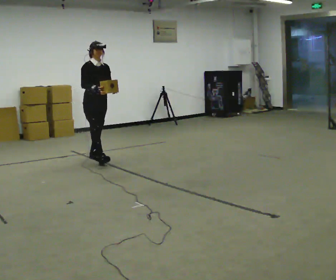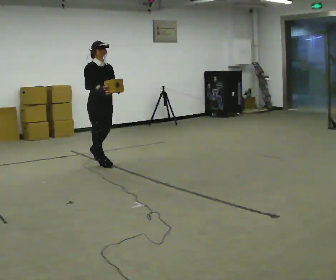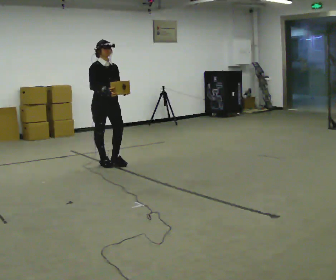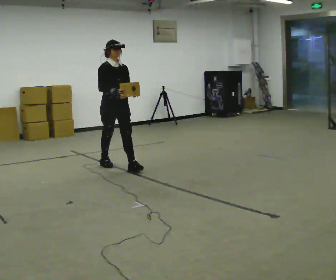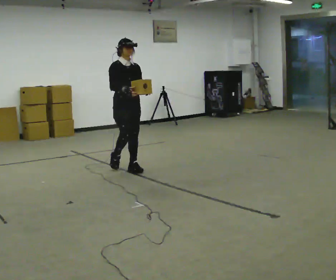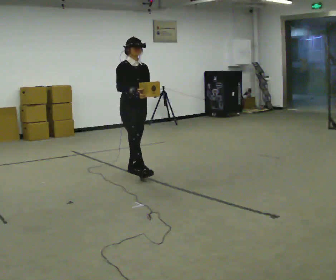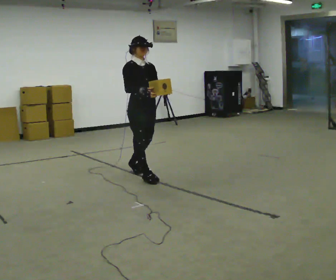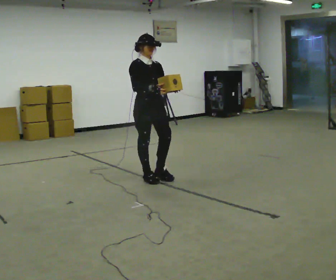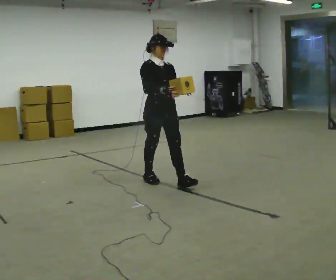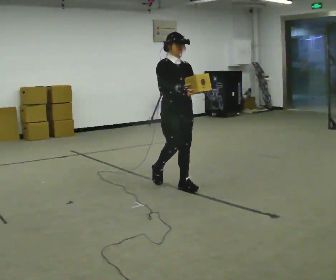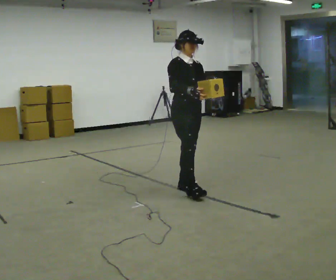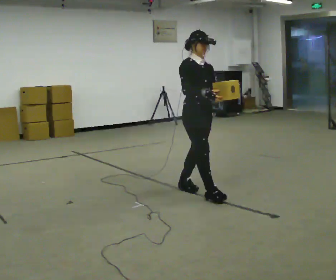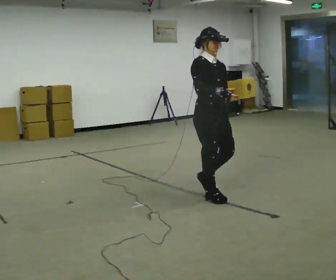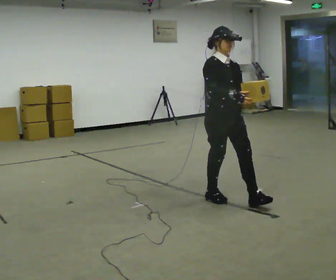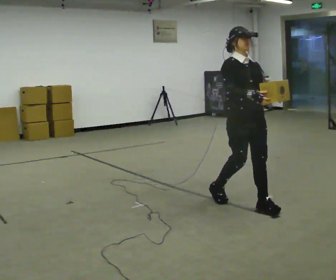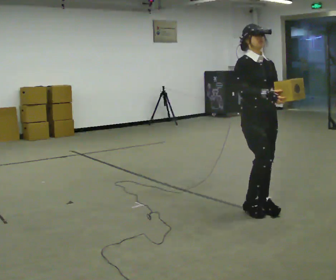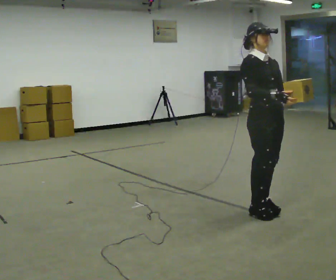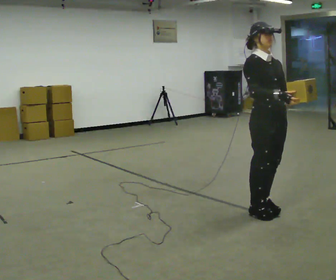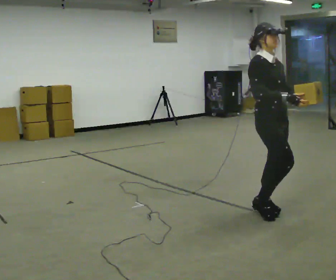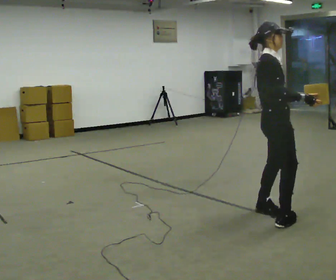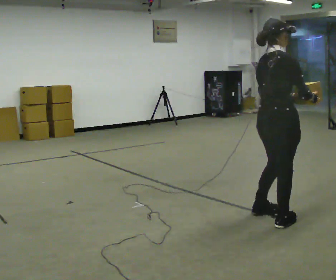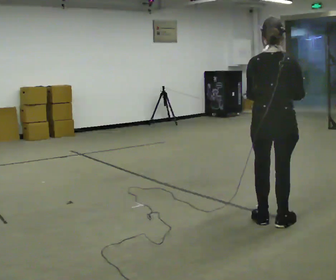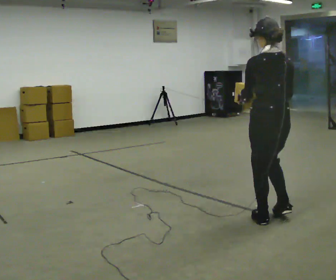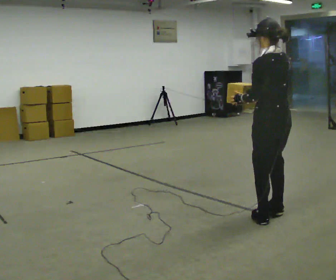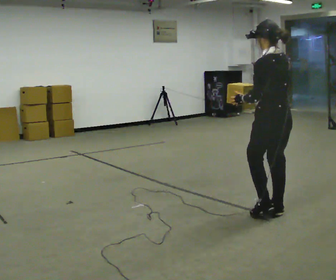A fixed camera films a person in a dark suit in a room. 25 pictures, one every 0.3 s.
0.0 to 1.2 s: In the picture they go to the right and toward the camera, about 0.5 m in 2 steps, which for them is forward.
1.2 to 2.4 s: In the picture they go toward the camera and to the right, about 0.5 m in 1 step, which for them is forward.
2.4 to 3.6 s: In the picture they go toward the camera and to the right, about 1 m in 2 steps, which for them is forward.
3.6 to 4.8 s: In the picture they go to the right and toward the camera, about 0.75 m in 2 steps, which for them is forward.
4.8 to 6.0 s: The part of the body nearest the lens slides to the right as the person turns to their left by about 75 degrees. In the picture they go toward the camera, about 0.25 m in 1 step.
6.0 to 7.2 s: The person turns about 105 degrees to their left, counterclockwise seen from above, so the part of the body nearest the lens slides to the right. In the picture they go away from the camera, about 0.25 m in 2 steps. In the picture their right hand goes to the left.
The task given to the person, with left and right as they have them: Carry the light box in both hands in front of you, walking back and forth across the room. Keep walking until the operator says stop.
The film runs forward here.
